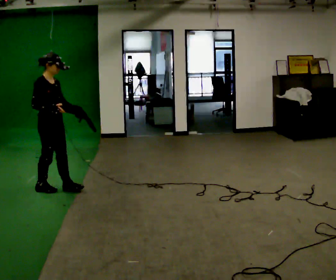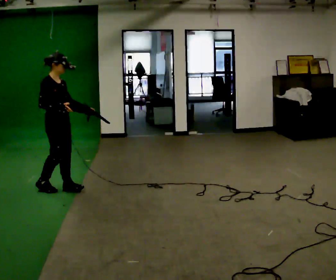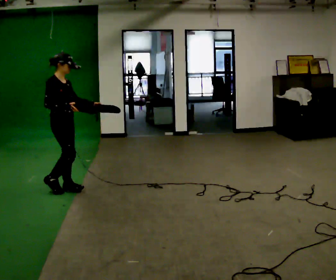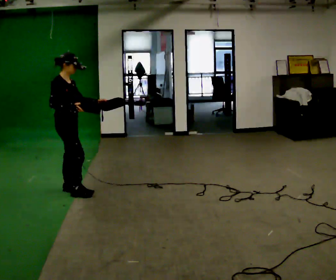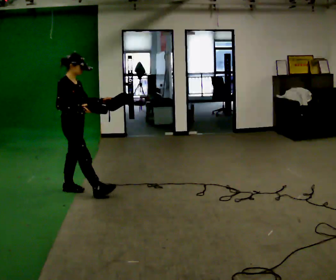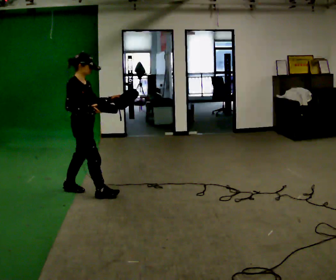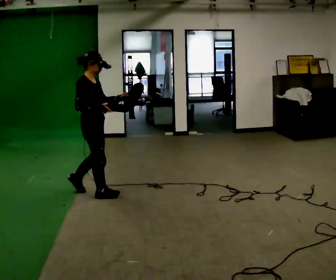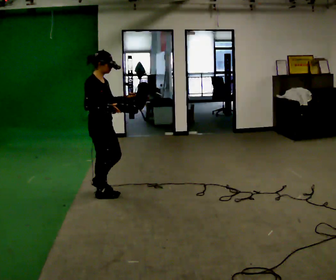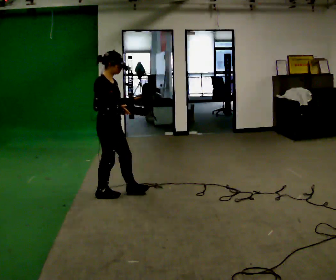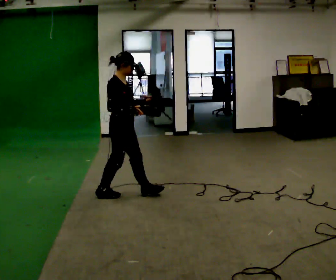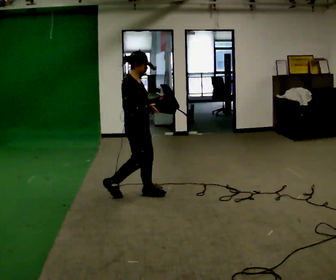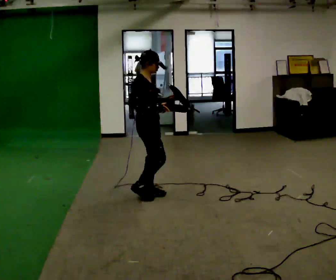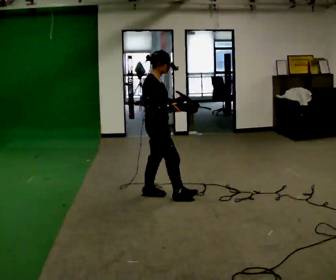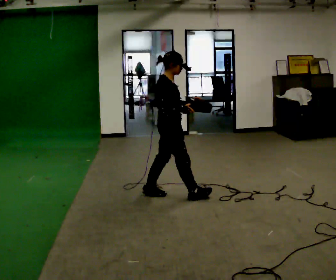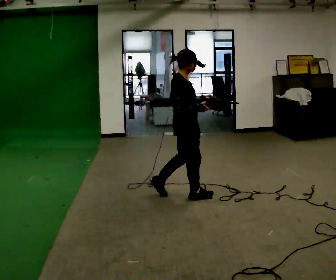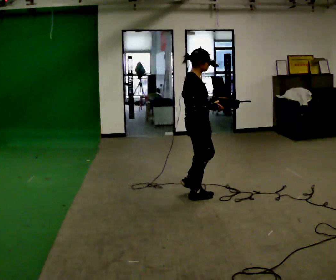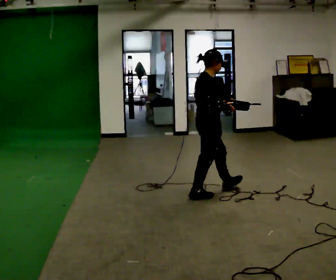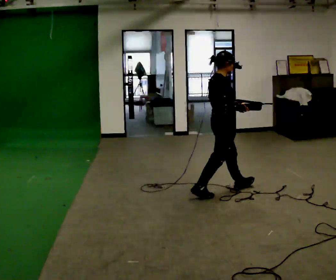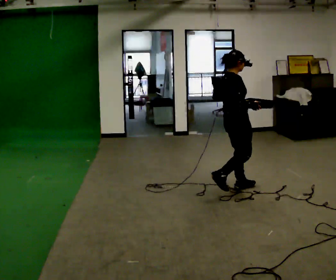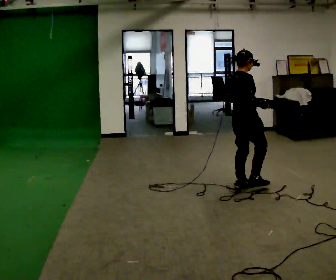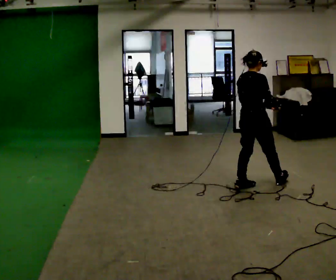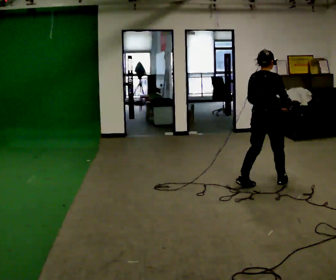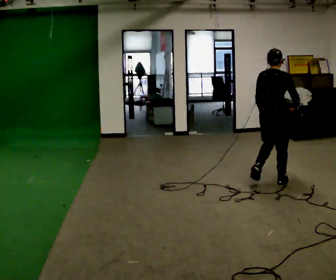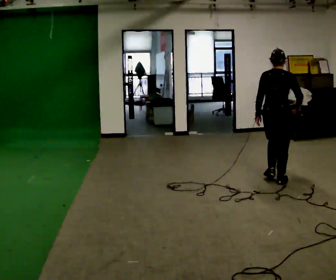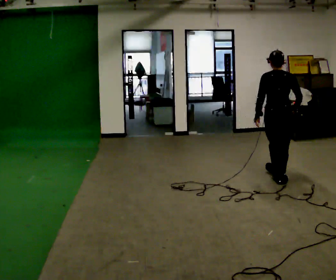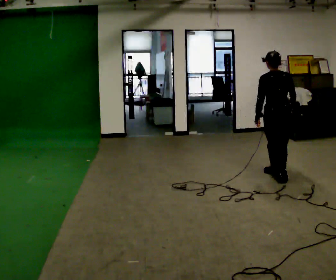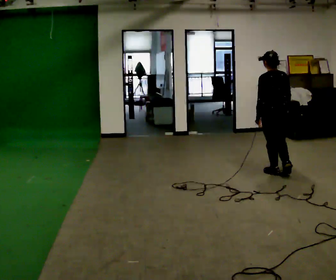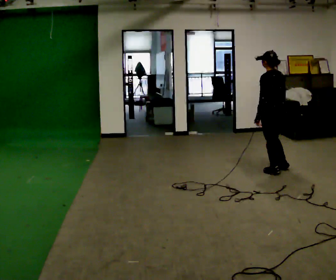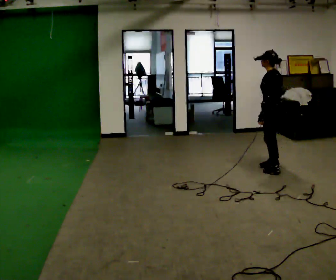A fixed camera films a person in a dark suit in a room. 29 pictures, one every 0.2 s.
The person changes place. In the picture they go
to the right.
The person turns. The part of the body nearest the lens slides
to the right.
0.0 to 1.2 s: In the picture they go to the right, about 0.5 m in 1 step, which for them is forward.
1.2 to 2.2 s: In the picture they go to the right, about 0.5 m in 1 step, which for them is forward.
2.2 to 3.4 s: In the picture they go to the right, about 1 m in 2 steps, which for them is forward.
3.4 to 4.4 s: The part of the body nearest the lens slides to the right as the person turns to their left by about 45 degrees. In the picture they go to the right, about 0.5 m in 1 step, which for them is forward.
4.4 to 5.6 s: The person turns about 90 degrees to their left, counterclockwise seen from above, so the part of the body nearest the lens slides to the right. In the picture they go away from the camera, about 0.5 m in 2 steps.
The film runs forward here.
